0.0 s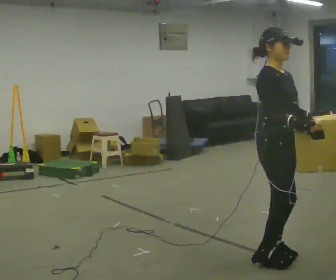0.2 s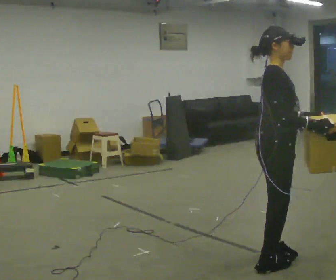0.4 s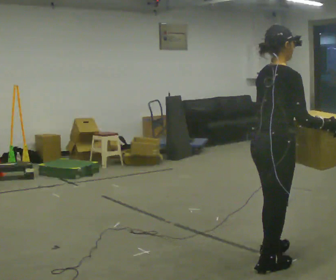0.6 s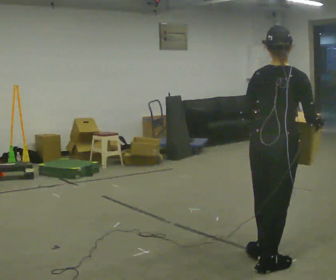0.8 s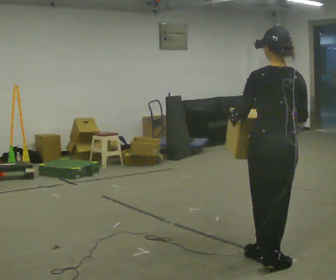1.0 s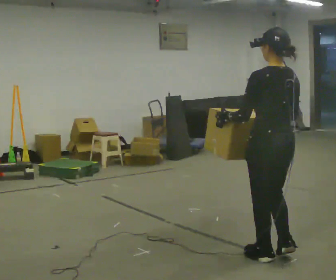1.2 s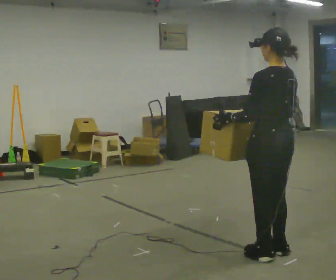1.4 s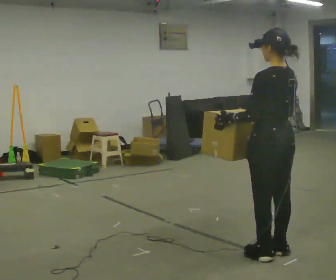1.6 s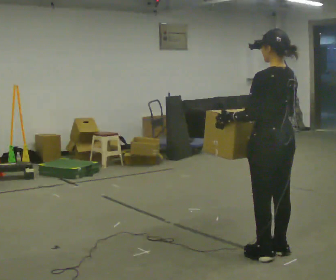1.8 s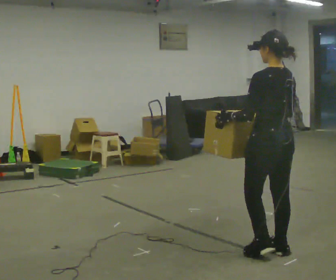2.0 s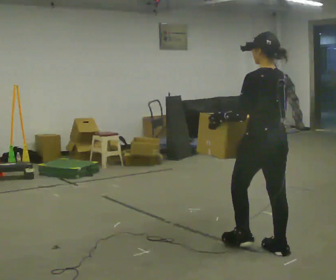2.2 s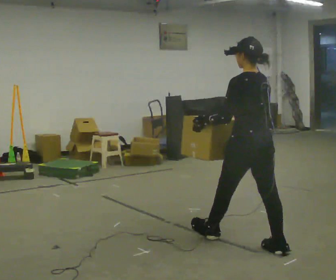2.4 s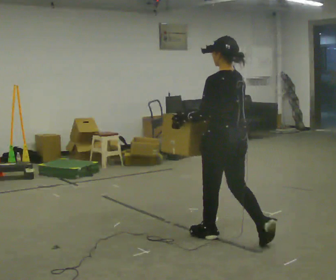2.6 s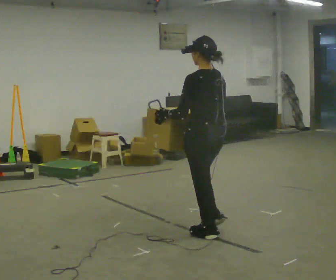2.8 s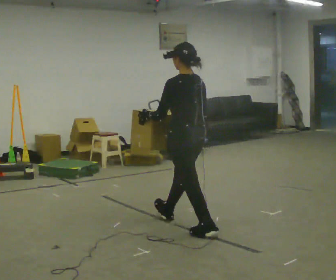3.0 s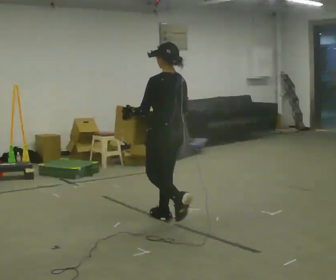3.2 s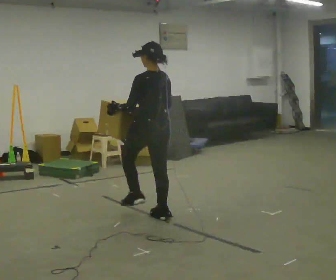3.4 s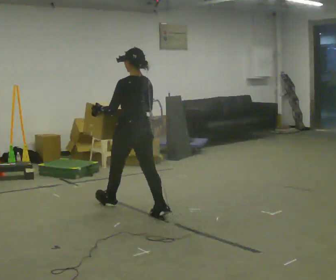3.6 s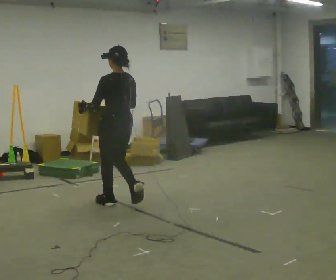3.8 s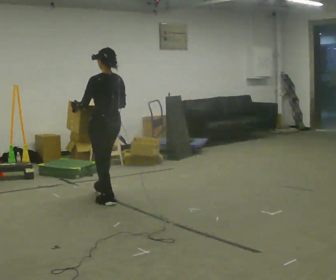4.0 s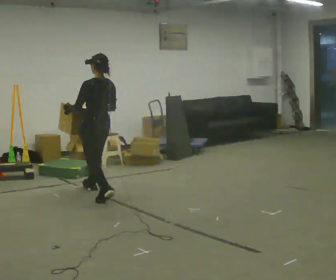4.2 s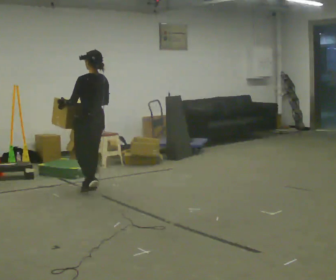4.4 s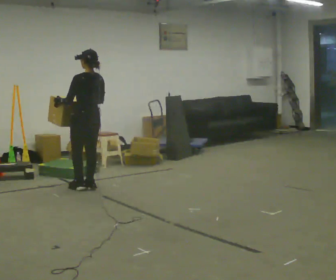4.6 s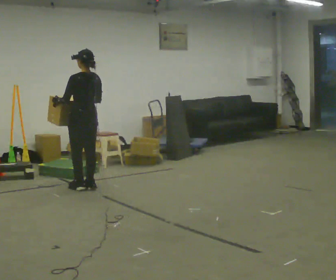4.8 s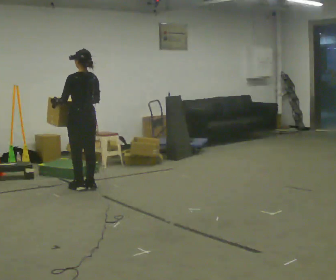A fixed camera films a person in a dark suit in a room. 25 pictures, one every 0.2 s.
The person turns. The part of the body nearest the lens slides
to the right.
The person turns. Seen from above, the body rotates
counterclockwise.
0.0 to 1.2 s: The part of the body nearest the lens slides to the right as the person turns to their left by about 150 degrees.
1.2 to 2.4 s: In the picture they go away from the camera and to the left, about 0.5 m in 1 step, which for them is forward.
2.4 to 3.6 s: In the picture they go to the left and away from the camera, about 1.5 m in 2 steps, which for them is forward.
3.6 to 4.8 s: In the picture they go away from the camera and to the left, about 1 m in 2 steps, which for them is forward.
The film runs forward here.
